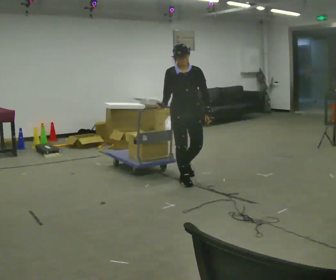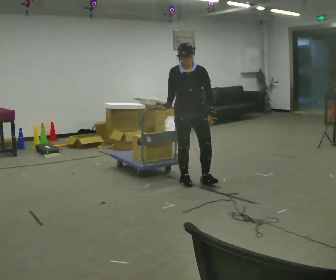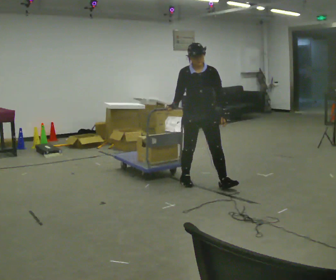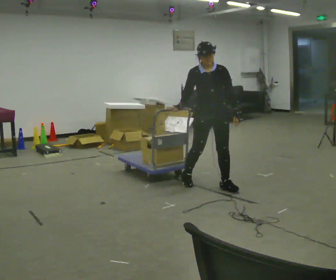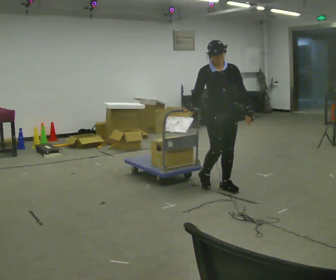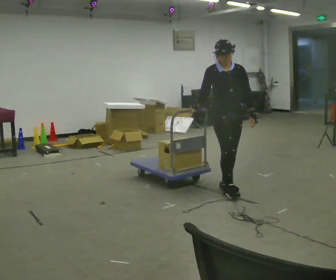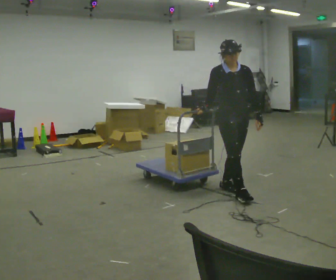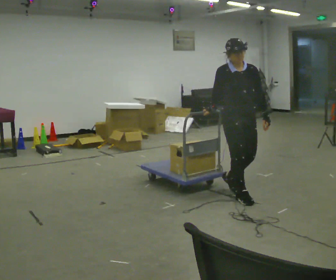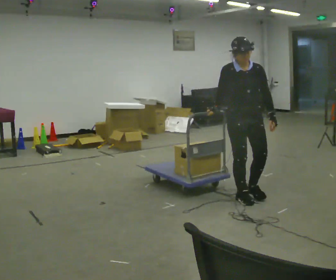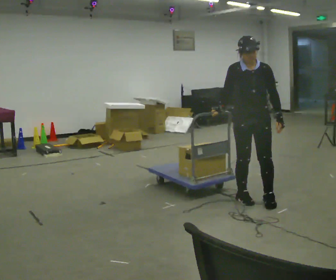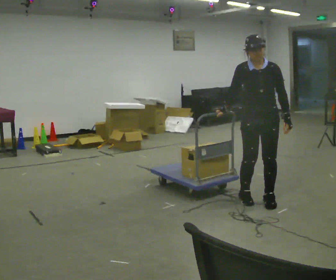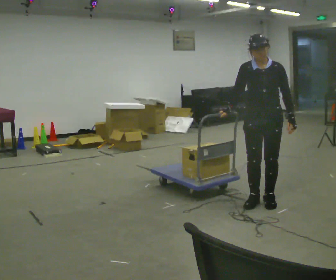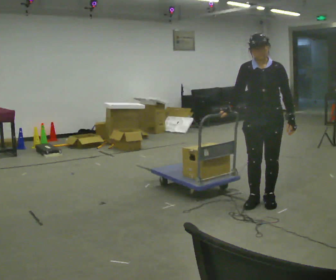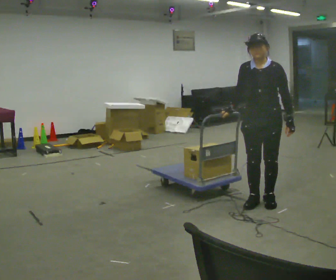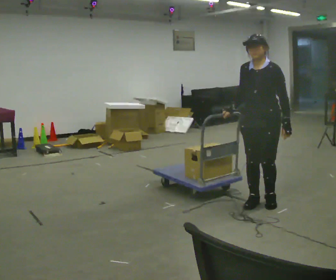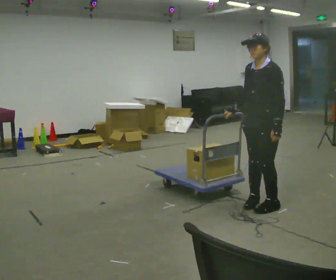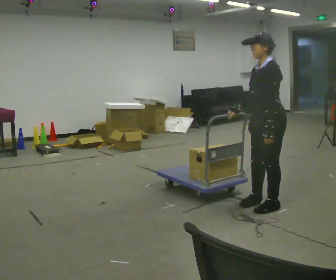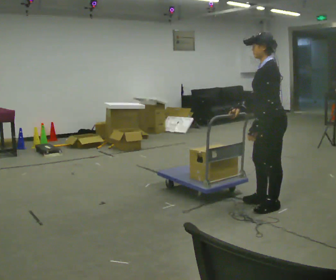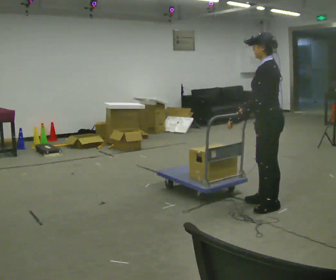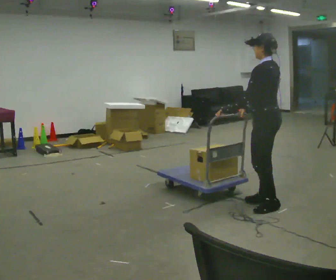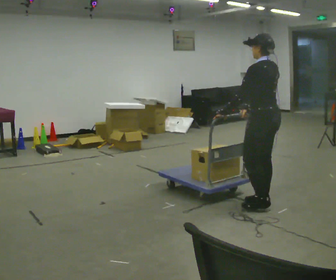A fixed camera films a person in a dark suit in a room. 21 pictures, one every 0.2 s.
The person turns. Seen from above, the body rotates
clockwise.
The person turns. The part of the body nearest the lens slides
to the left.
0.0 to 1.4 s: In the picture they go to the right and toward the camera, about 1 m in 2 steps, which for them is forward and to their left.
1.4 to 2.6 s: Seen from above the body turns clockwise, about 45 degrees: to their right, with its near side sliding to the left. In the picture they go to the right and toward the camera, about 0.25 m in 2 steps, which for them is forward and to their left.
2.6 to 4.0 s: Seen from above the body turns clockwise, about 105 degrees: to their right, with its near side sliding to the left. In the picture their left hand goes to the left, the arm swinging clockwise.
The film runs forward here.
